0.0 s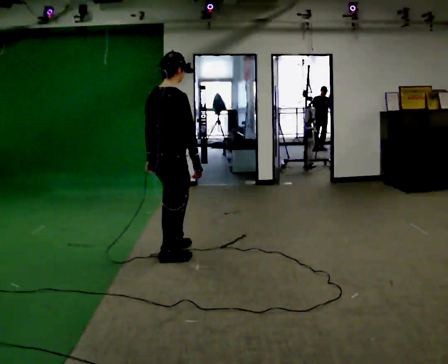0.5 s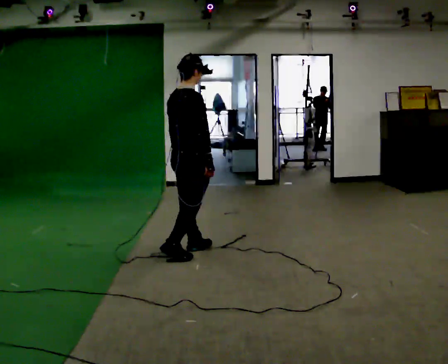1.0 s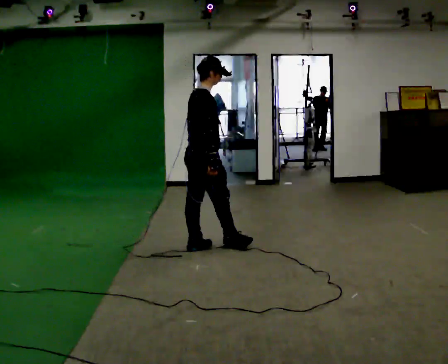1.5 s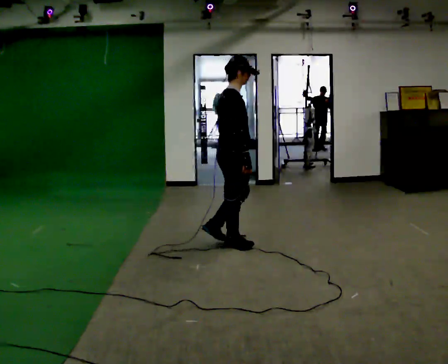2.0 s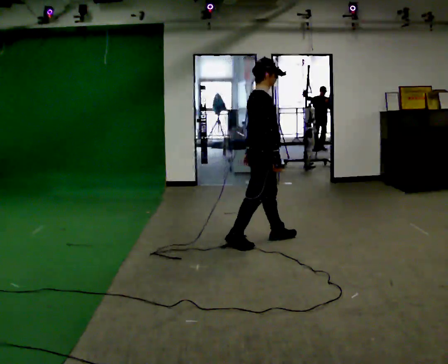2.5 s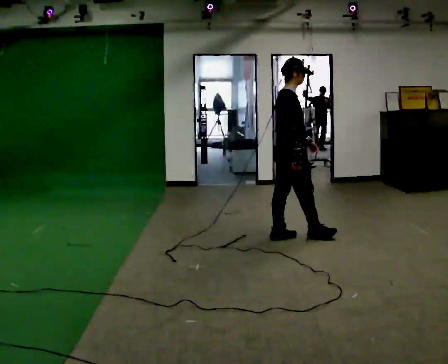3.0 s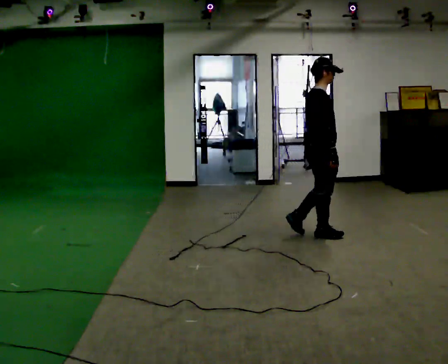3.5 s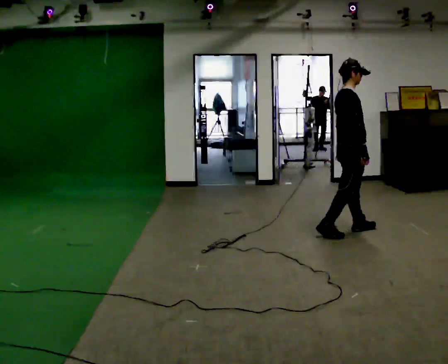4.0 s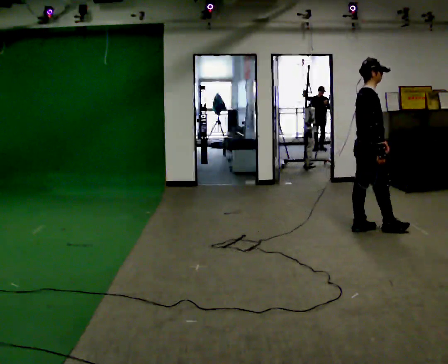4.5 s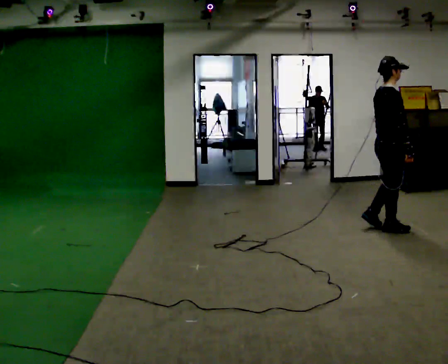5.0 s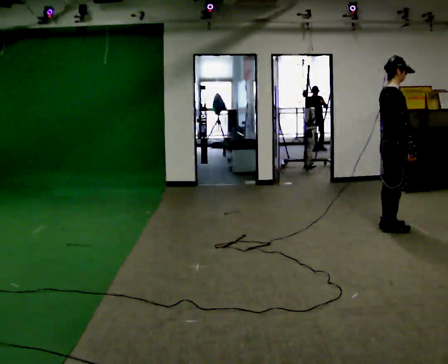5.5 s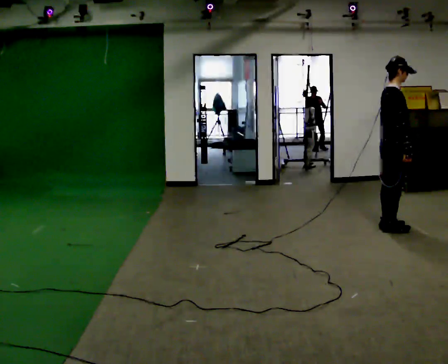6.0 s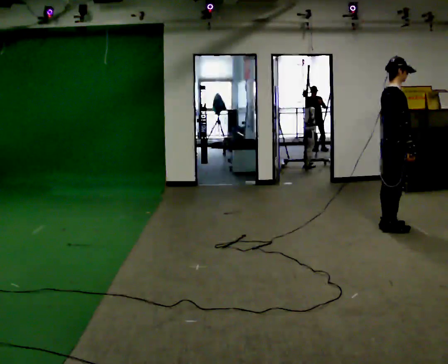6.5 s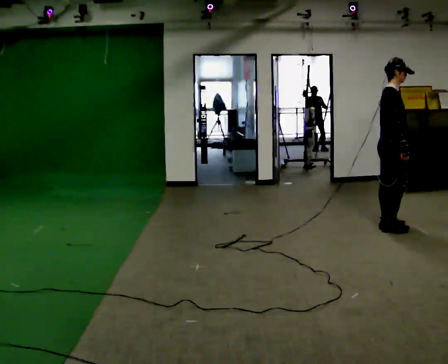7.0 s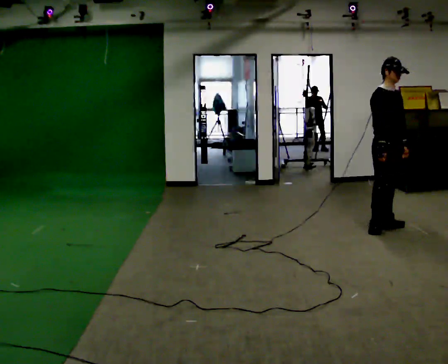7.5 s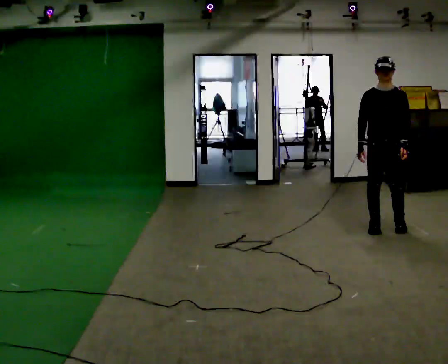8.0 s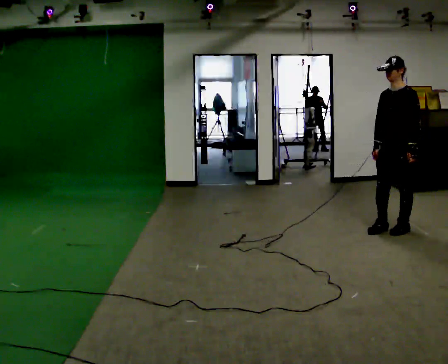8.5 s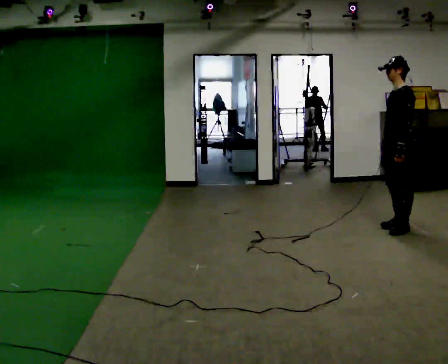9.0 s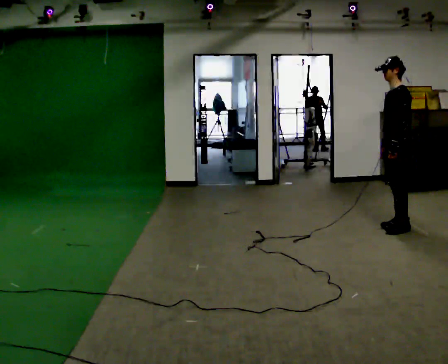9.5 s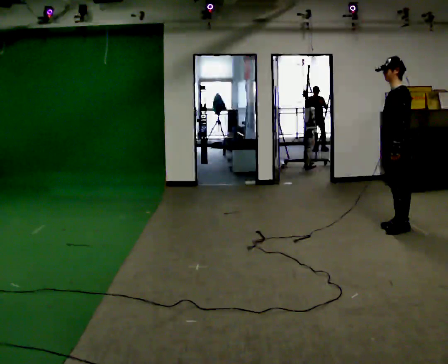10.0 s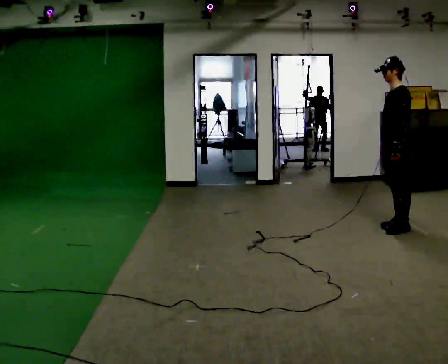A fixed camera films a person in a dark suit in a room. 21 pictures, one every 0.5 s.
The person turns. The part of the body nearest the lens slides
to the left.
The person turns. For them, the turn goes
to their right.
0.0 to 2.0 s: Seen from above the body turns clockwise, about 30 degrees: to their right, with its near side sliding to the left. In the picture they go away from the camera and to the right, about 1 m in 3 steps, which for them is forward.
2.0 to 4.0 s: In the picture they go to the right and away from the camera, about 1 m in 3 steps, which for them is forward.
4.0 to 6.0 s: In the picture they go to the right, about 0.25 m in 1 step, which for them is forward.
6.0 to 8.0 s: The person turns about 150 degrees to their right, clockwise seen from above, so the part of the body nearest the lens slides to the left. In the picture their right hand goes to the left.
8.0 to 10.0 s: The person turns about 30 degrees to their right, clockwise seen from above, so the part of the body nearest the lens slides to the left.
The film runs forward here.
